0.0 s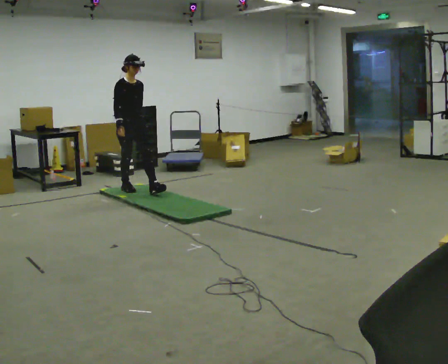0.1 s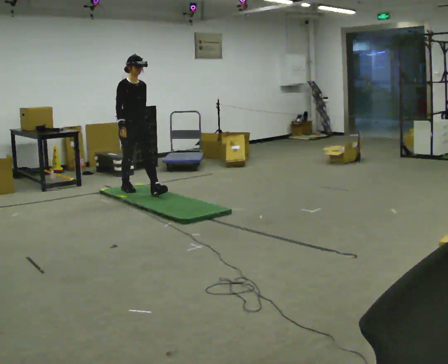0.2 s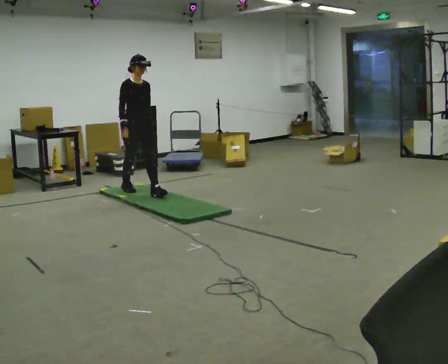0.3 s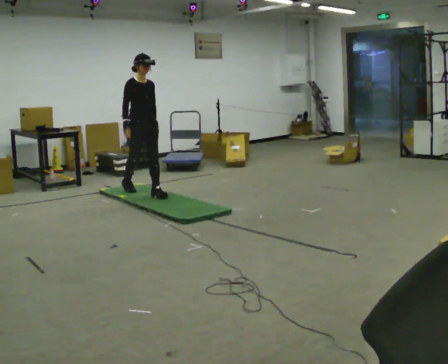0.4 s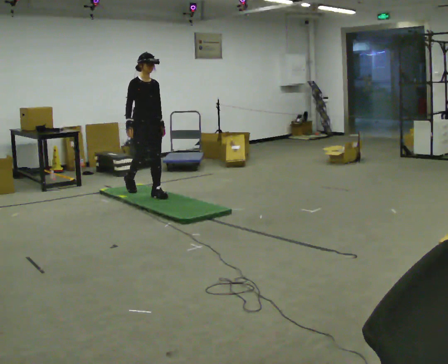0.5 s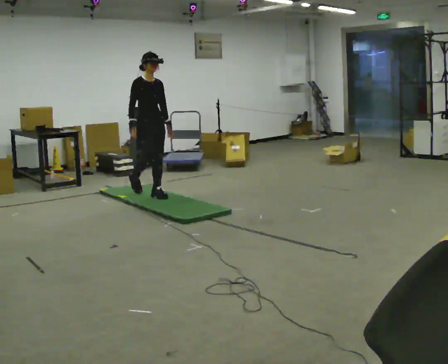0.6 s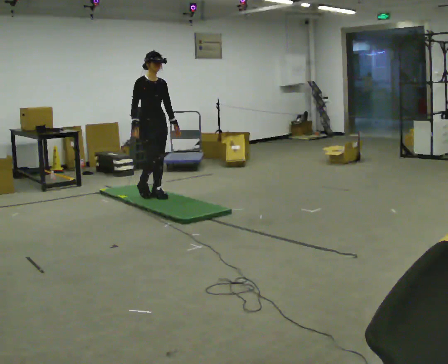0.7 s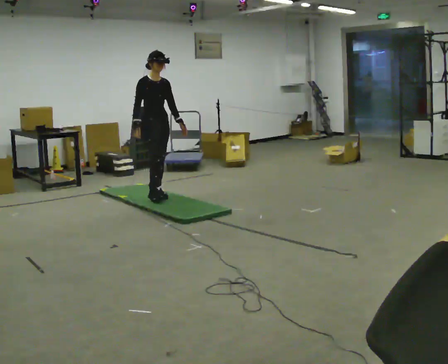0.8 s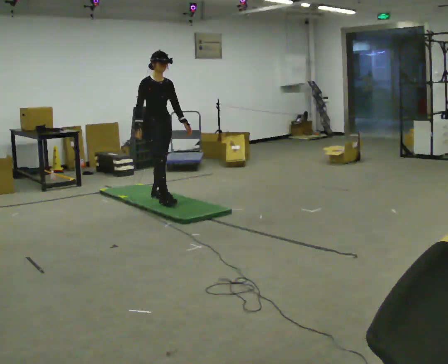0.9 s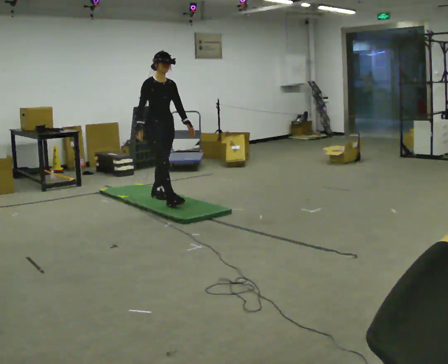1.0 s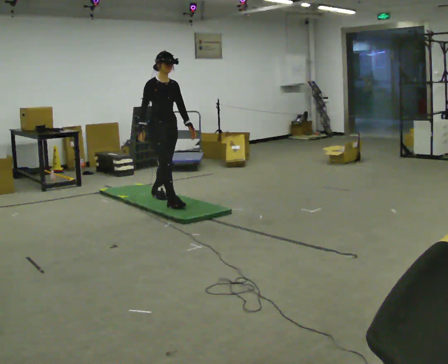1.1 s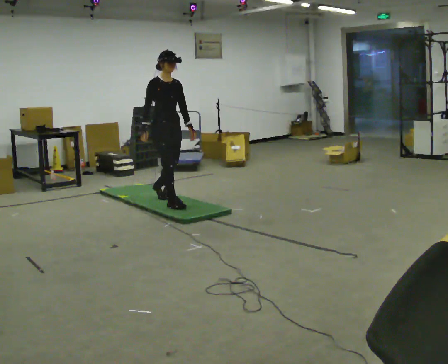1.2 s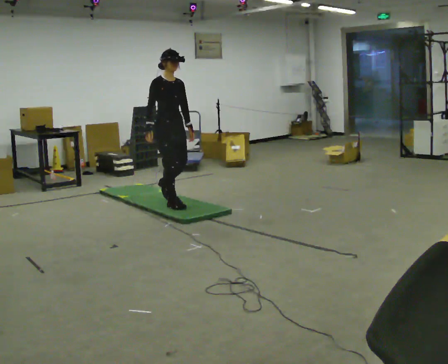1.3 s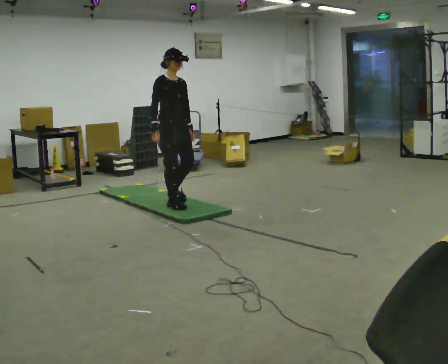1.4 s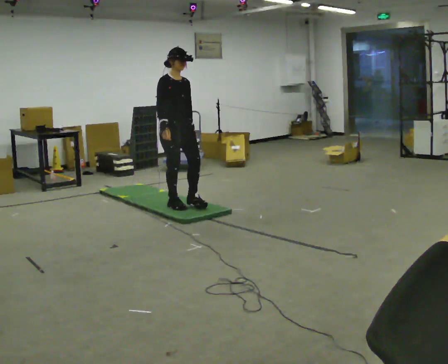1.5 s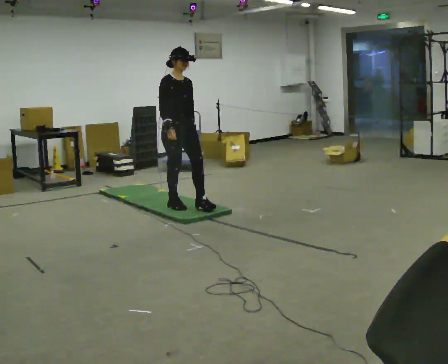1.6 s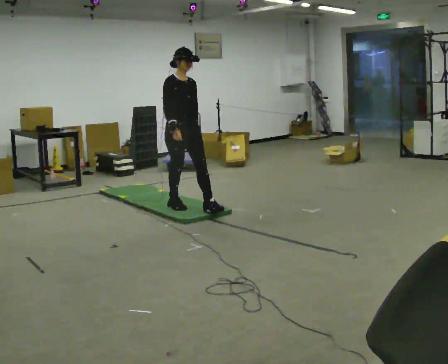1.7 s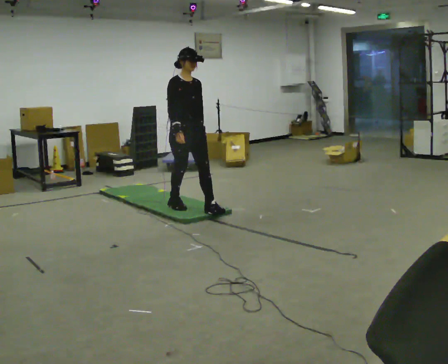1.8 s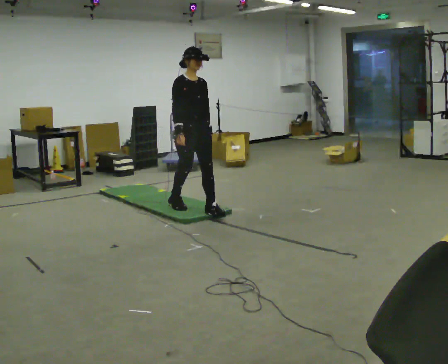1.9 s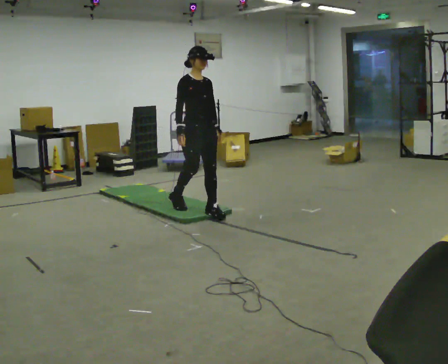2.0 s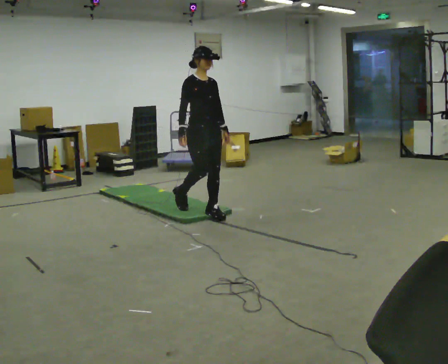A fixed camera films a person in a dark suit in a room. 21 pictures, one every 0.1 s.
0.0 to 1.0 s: In the picture they go toward the camera and to the right, about 0.75 m in 2 steps, which for them is forward.
1.0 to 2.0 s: In the picture they go toward the camera and to the right, about 0.75 m in 1 step, which for them is forward.
The film runs forward here.
